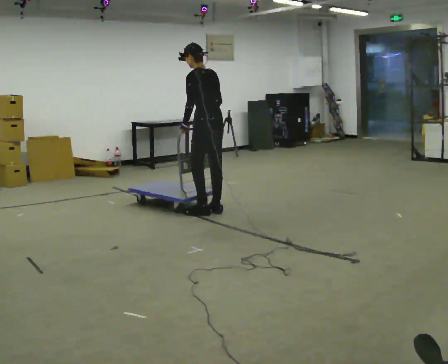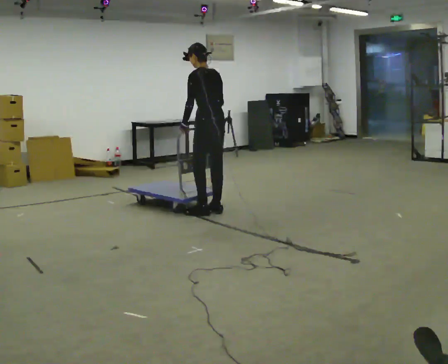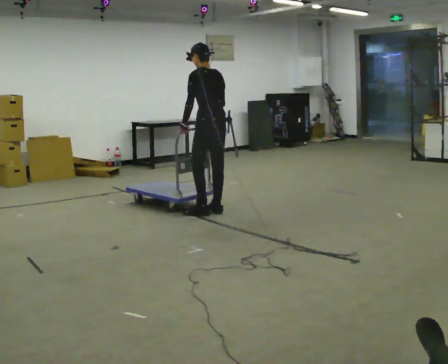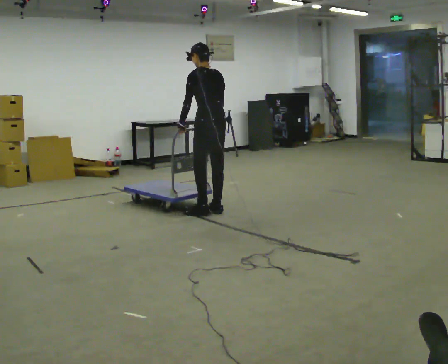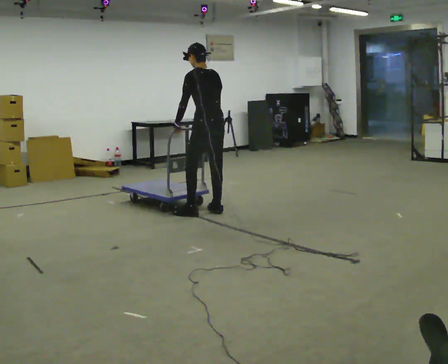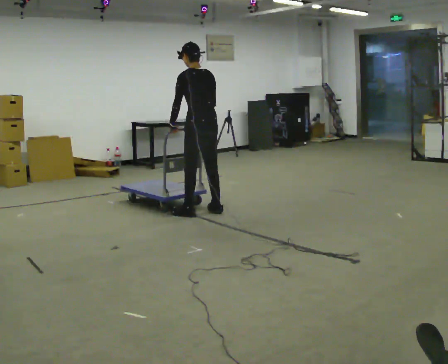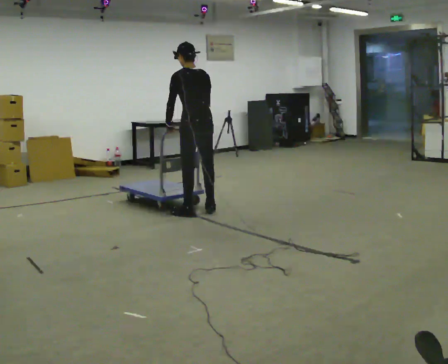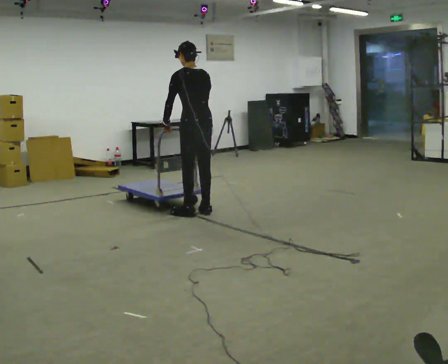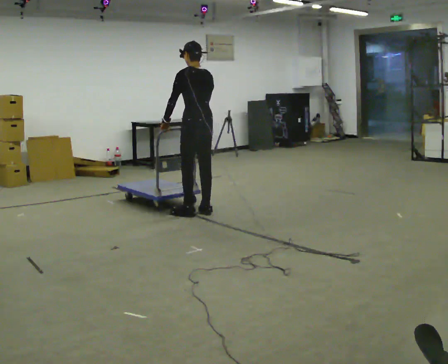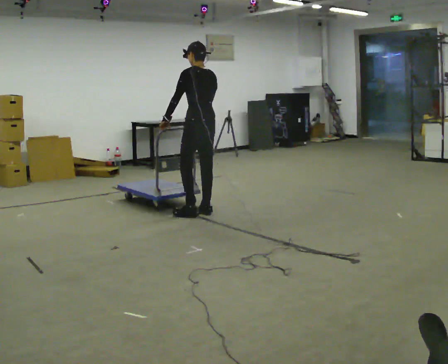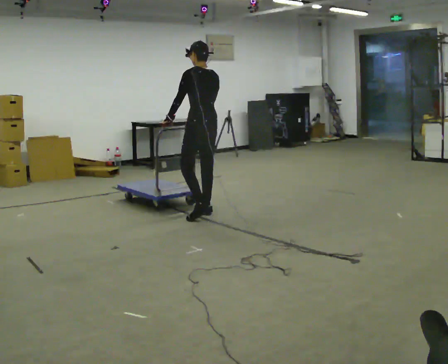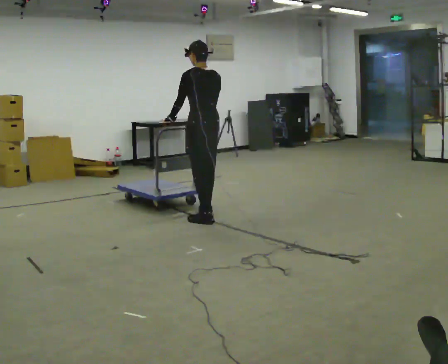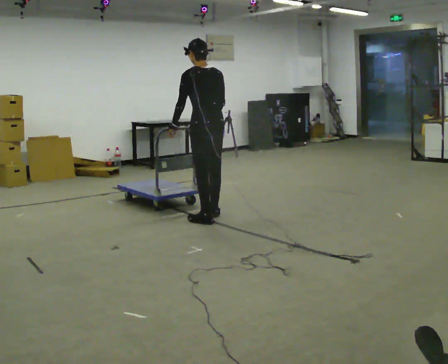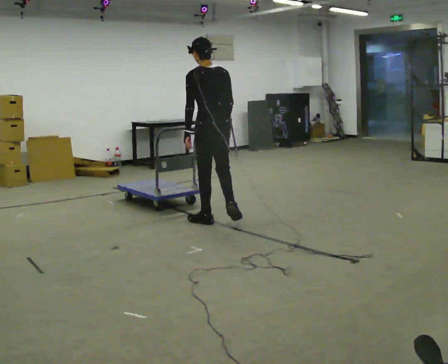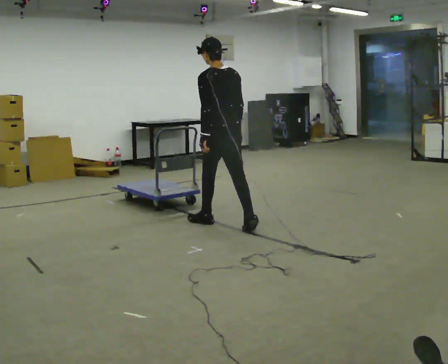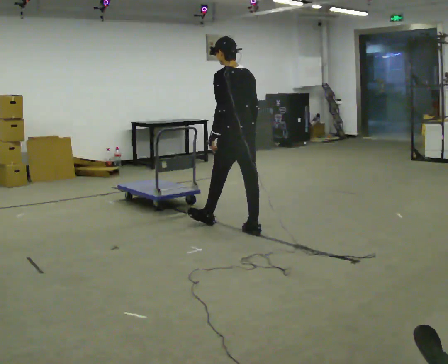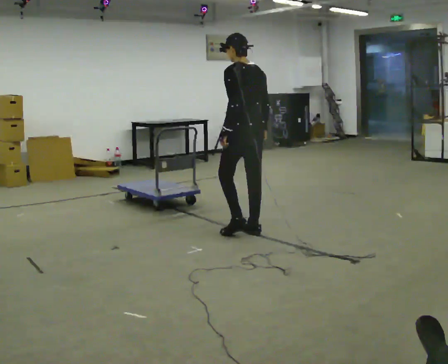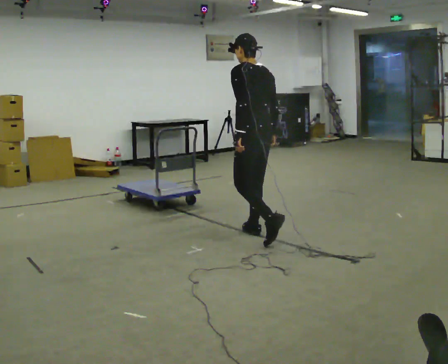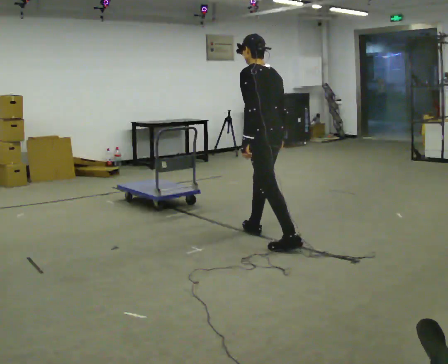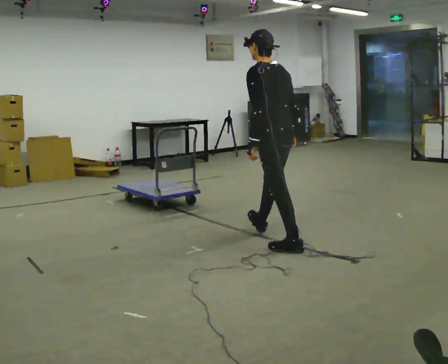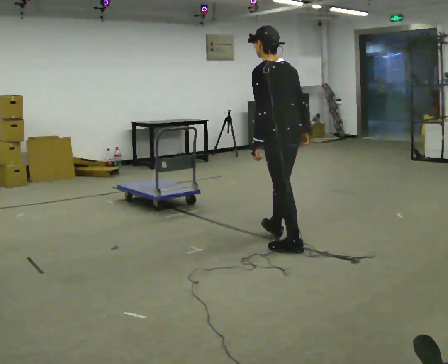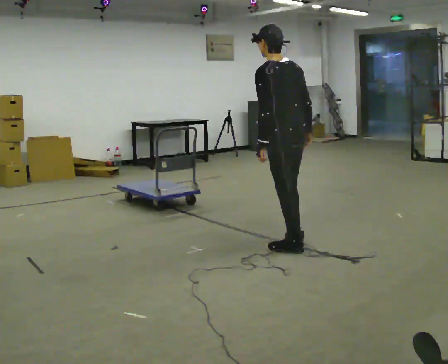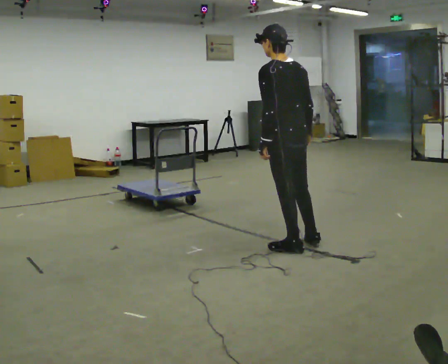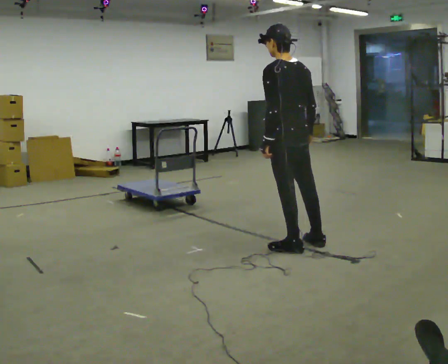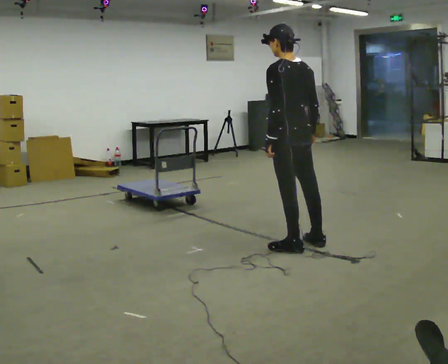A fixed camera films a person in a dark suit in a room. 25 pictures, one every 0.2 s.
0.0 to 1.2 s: The person moves a little, or ends about where they began.
1.2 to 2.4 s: In the picture they go toward the camera, about 0.25 m in 2 steps, which for them is backward.
2.4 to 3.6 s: In the picture they go toward the camera and to the right, about 1 m in 1 step, which for them is backward.
3.6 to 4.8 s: In the picture they go toward the camera and to the right, about 0.25 m in 1 step, which for them is backward.
The film runs backward here.
